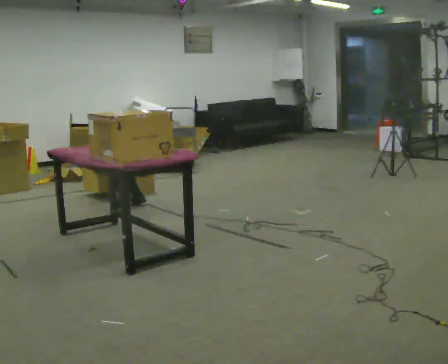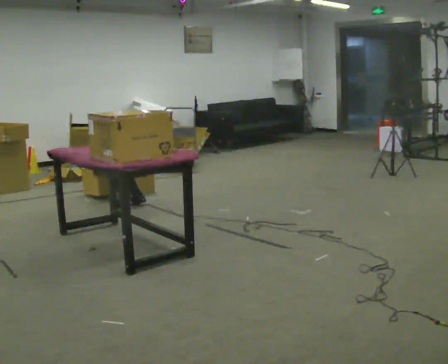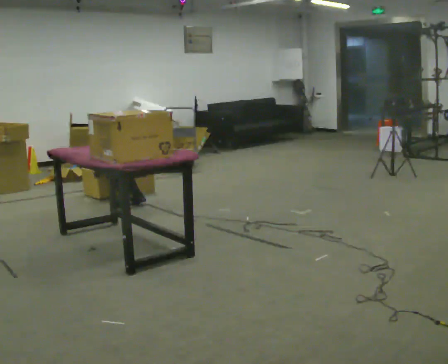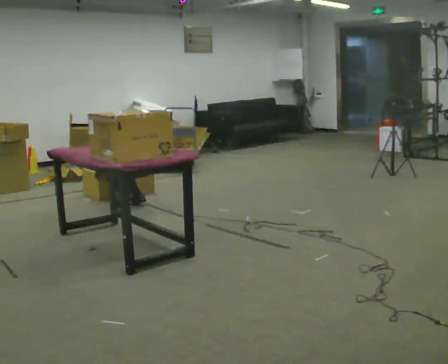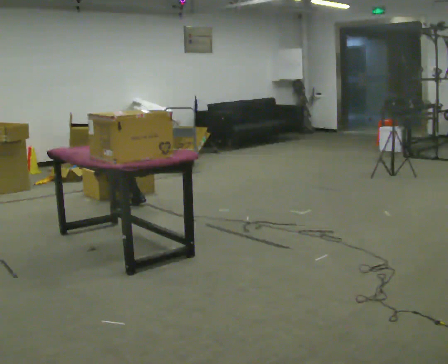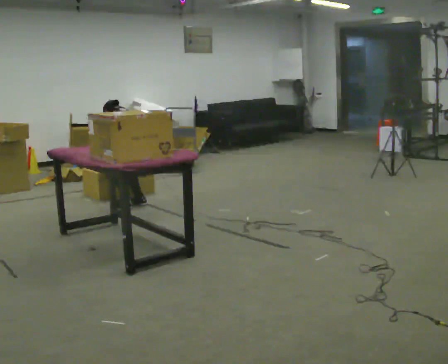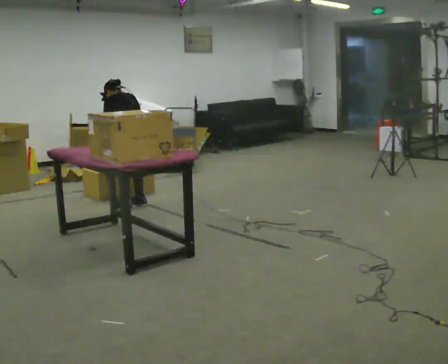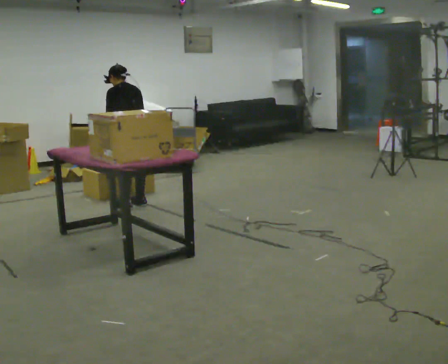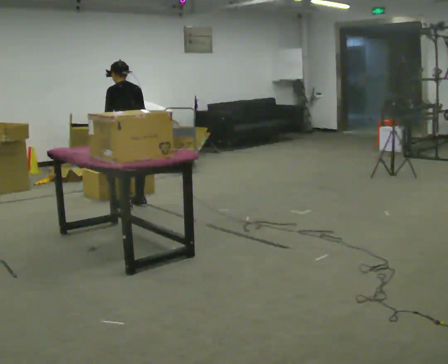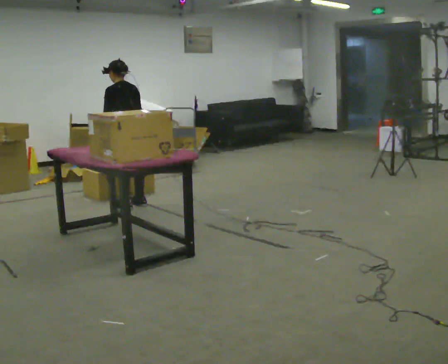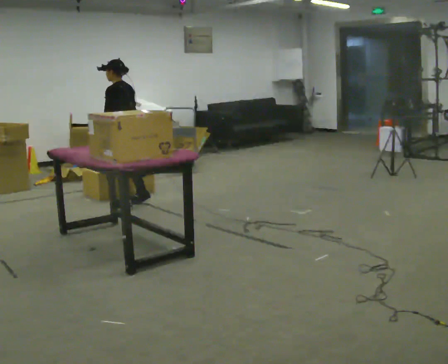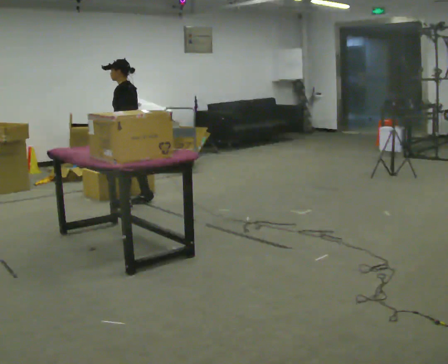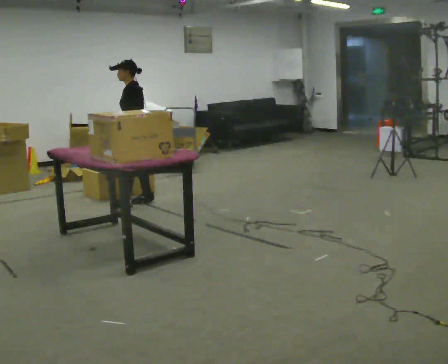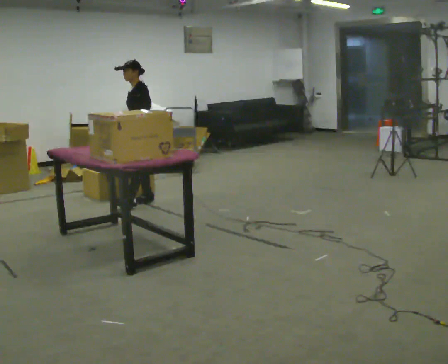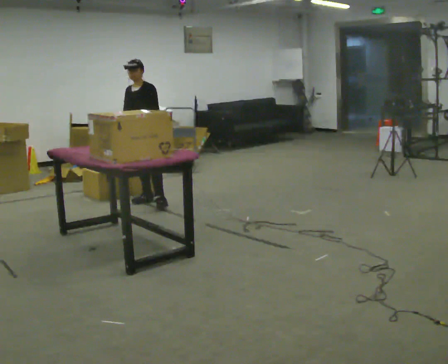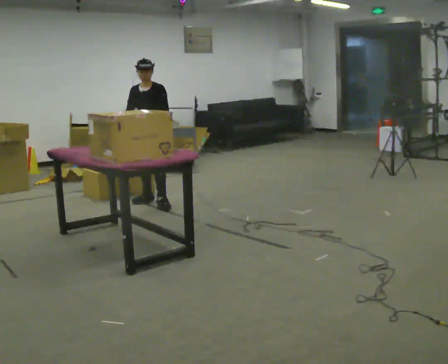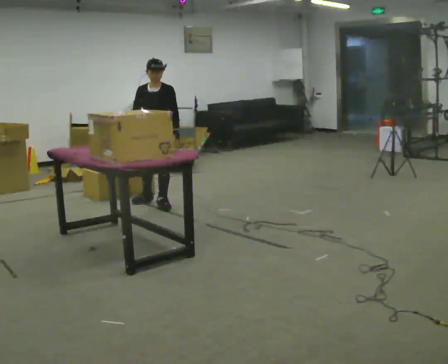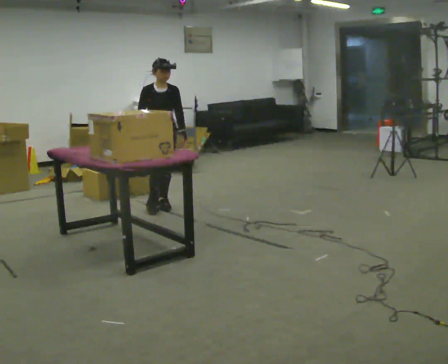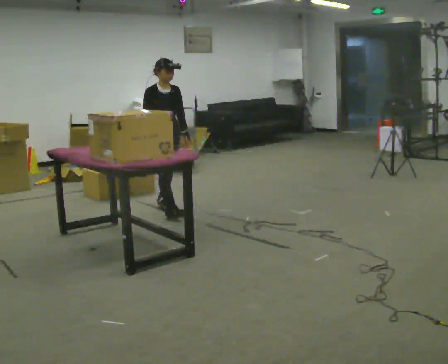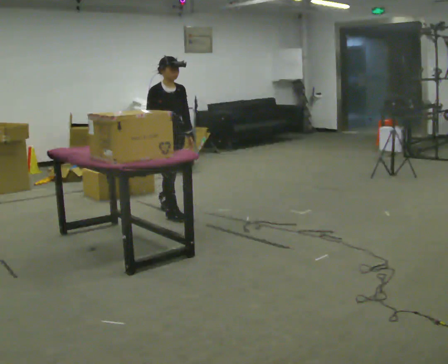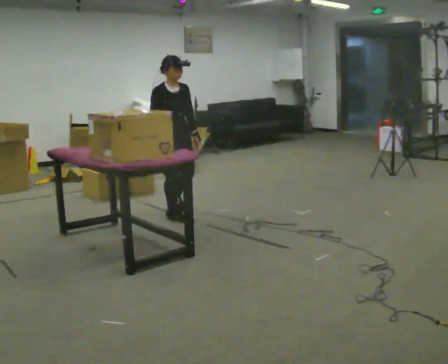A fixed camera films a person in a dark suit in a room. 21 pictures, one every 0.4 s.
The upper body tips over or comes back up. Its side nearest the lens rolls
downward.
The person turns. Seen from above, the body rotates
counterclockwise.
0.0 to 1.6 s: The person moves a little, or ends about where they began.
1.6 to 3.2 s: The upper body goes upward. The upper body tips toward the camera, its near side rolling downward, as they lean back or straighten. In the picture their right hand goes upward.
3.2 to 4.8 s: Seen from above the body turns counterclockwise, about 45 degrees: to their left, with its near side sliding to the right.
4.8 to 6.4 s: The person turns about 90 degrees to their left, counterclockwise seen from above, so the part of the body nearest the lens slides to the right. In the picture they go to the right, about 0.25 m in 1 step.
6.4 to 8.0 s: The part of the body nearest the lens slides to the right as the person turns to their left by about 45 degrees. In the picture they go toward the camera, about 0.5 m in 1 step, which for them is forward.
The film runs forward here.
